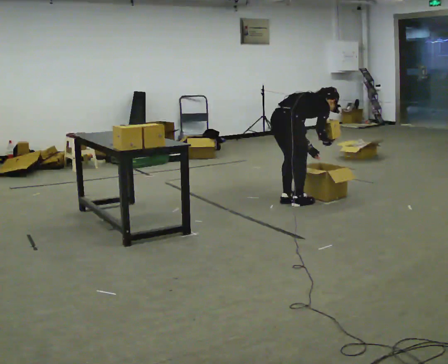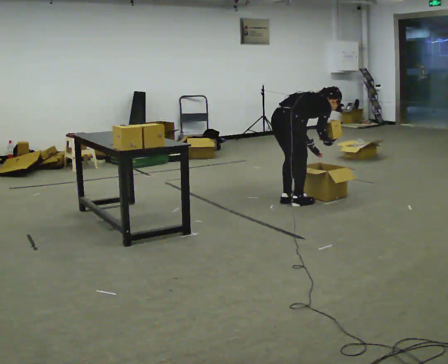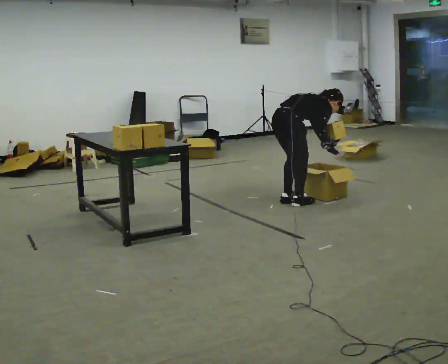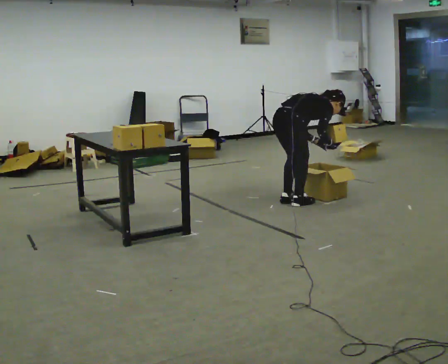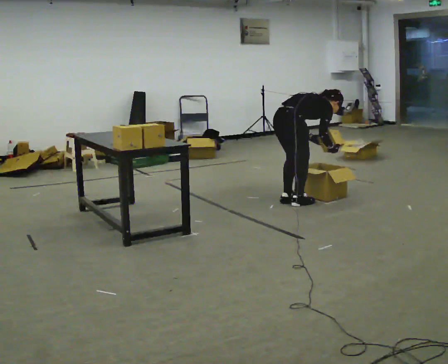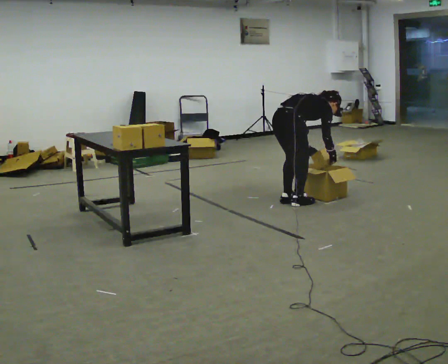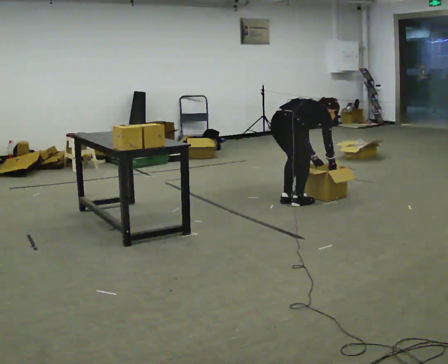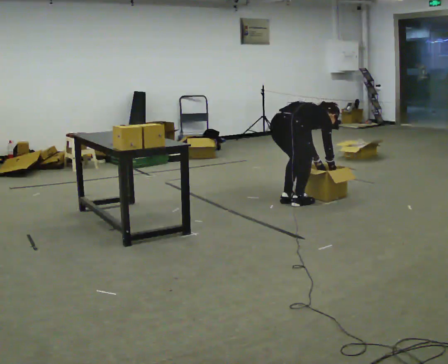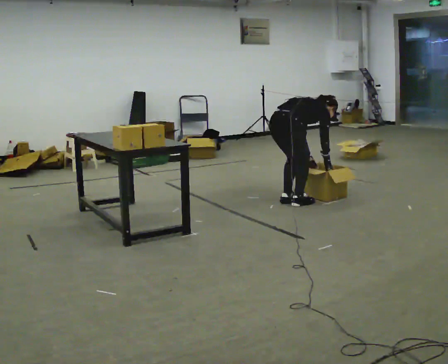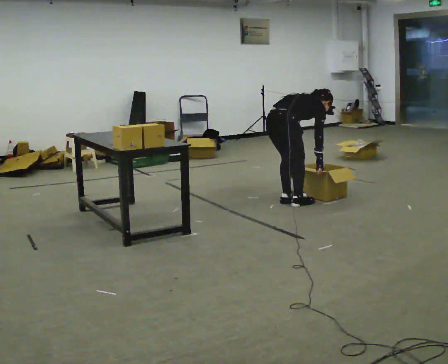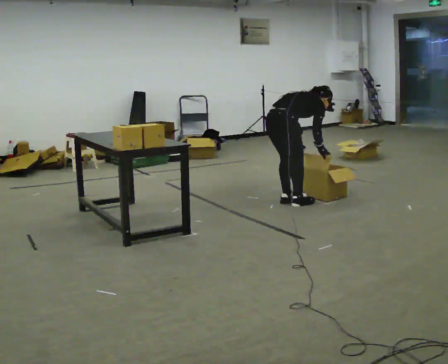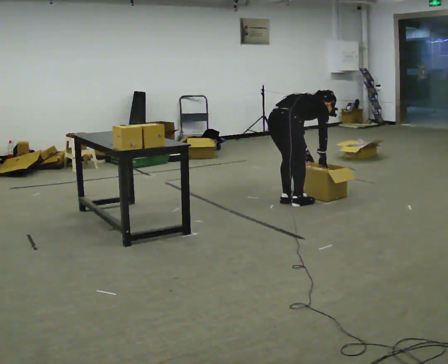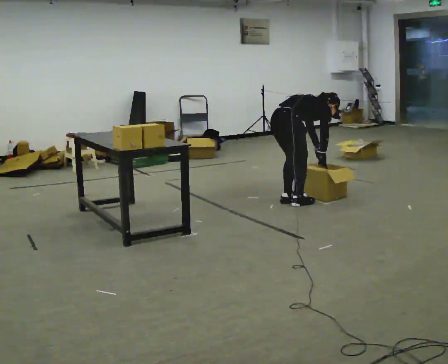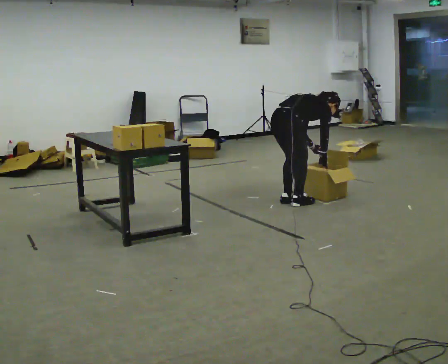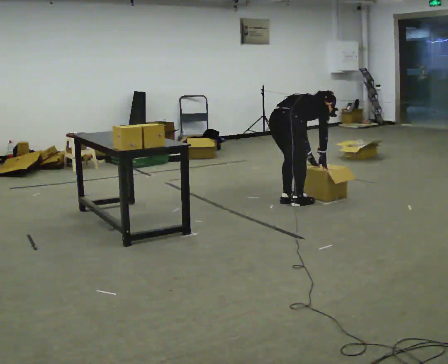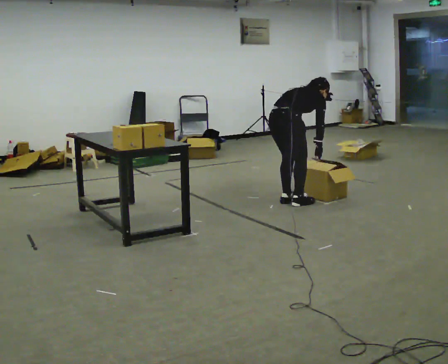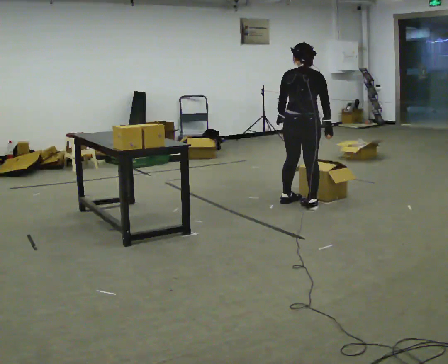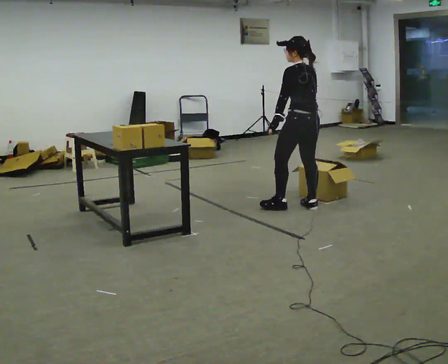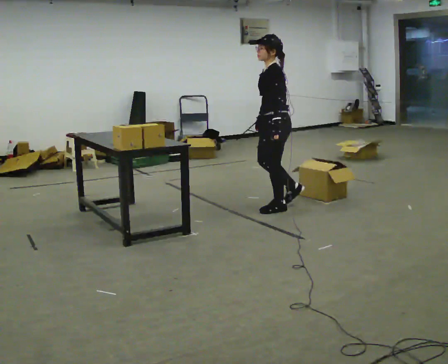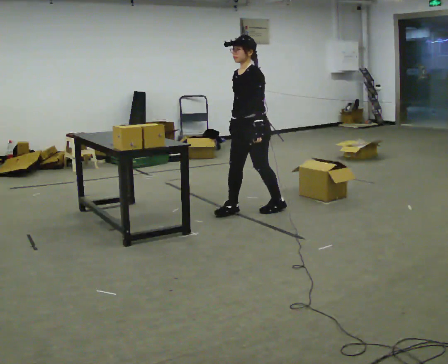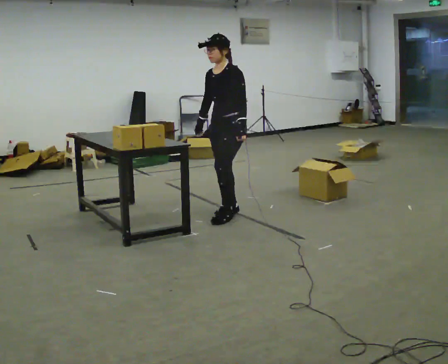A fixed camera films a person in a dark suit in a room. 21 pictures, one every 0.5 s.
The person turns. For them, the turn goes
to their left.
The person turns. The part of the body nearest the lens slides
to the right.
0.0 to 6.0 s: The person moves a little, or ends about where they began.
6.0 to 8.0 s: The person turns about 45 degrees to their left, counterclockwise seen from above, so the part of the body nearest the lens slides to the right. In the picture they go to the right, about 0.25 m in 1 step, which for them is to their right. The shoulders move upward. In the picture the upper body tilts counterclockwise, shoulders to the left, as they lean back or straighten. In the picture their left hand goes to the left and upward.
8.0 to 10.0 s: Seen from above the body turns counterclockwise, about 150 degrees: to their left, with its near side sliding to the right. In the picture they go to the left, about 0.75 m in 2 steps. The upper body tips toward the camera, its near side rolling downward.
The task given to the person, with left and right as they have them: Carry the object across the room, open the lid of the container, put the object inside, and close the lid again. Then go back for the next one. Keep going until the operator says stop; one object at a time, and do not rush between trips.
The film runs forward here.
